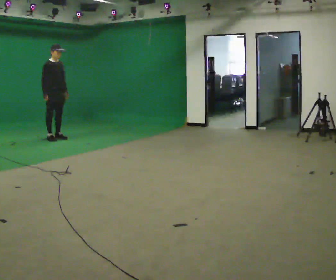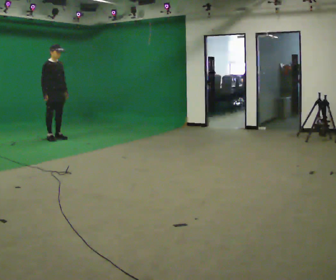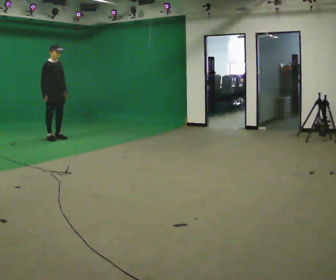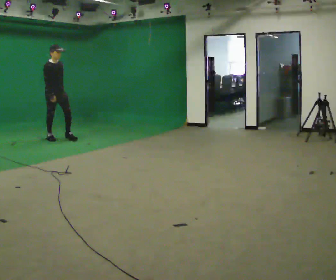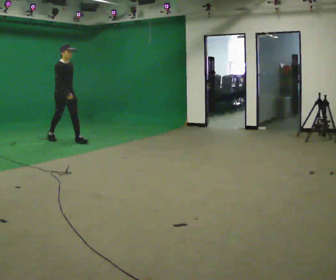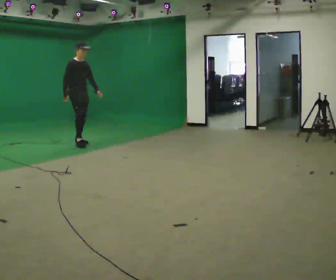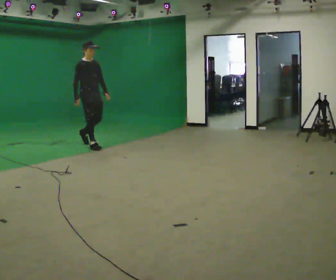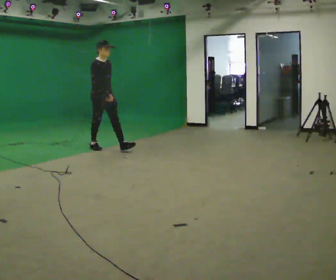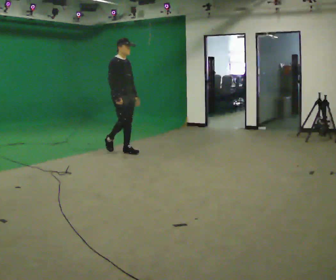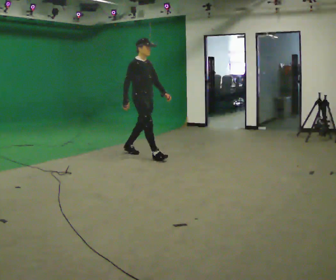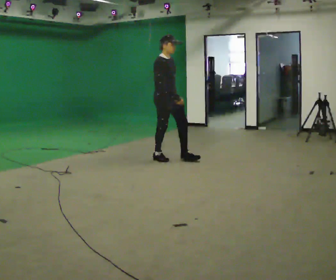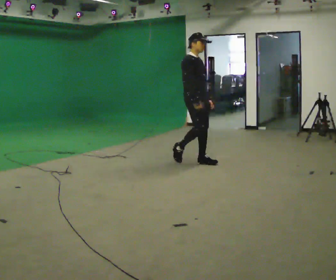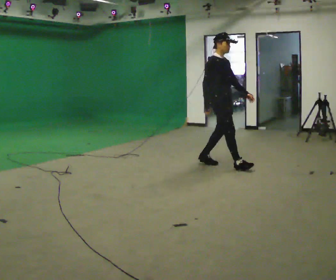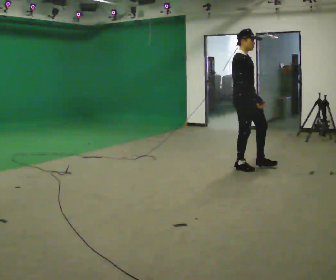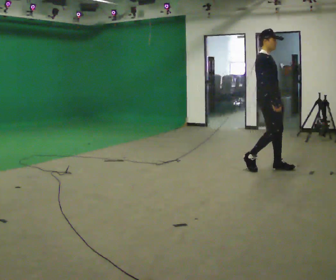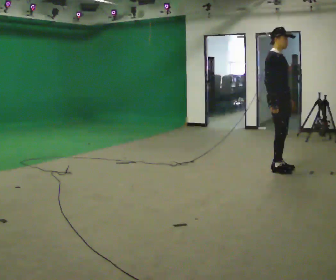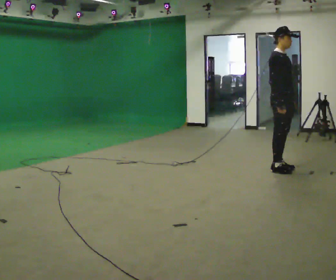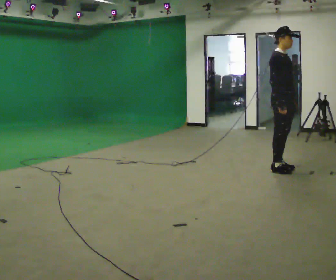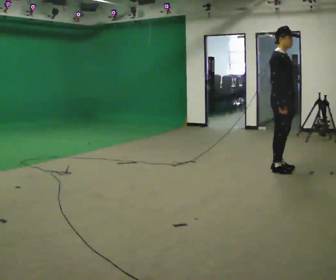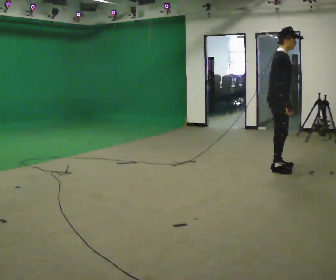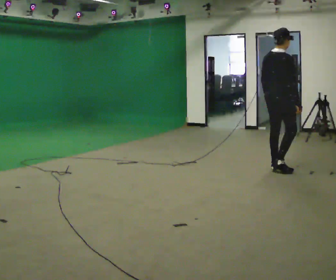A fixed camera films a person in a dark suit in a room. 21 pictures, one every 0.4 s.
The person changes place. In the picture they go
to the right.
0.0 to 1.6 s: In the picture they go to the right and toward the camera, about 0.25 m in 1 step, which for them is forward.
1.6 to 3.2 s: In the picture they go to the right and toward the camera, about 1.5 m in 2 steps, which for them is forward.
3.2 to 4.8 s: In the picture they go to the right and toward the camera, about 1.5 m in 3 steps, which for them is forward.
4.8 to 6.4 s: In the picture they go to the right and toward the camera, about 1 m in 2 steps, which for them is forward.
6.4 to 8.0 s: The person turns about 60 degrees to their left, counterclockwise seen from above, so the part of the body nearest the lens slides to the right.
The film runs forward here.
